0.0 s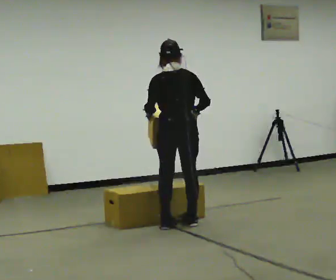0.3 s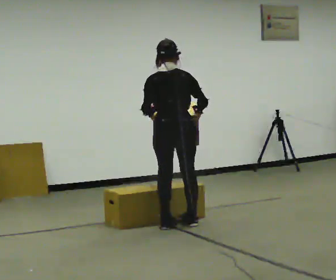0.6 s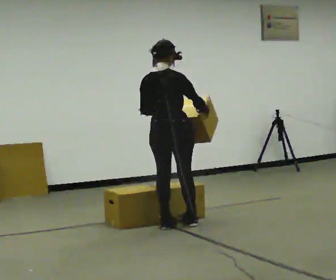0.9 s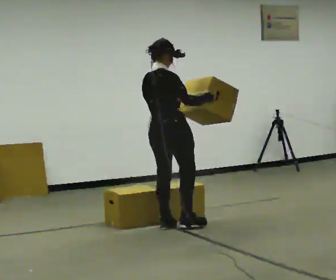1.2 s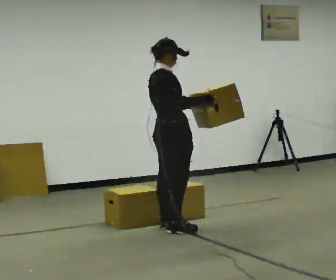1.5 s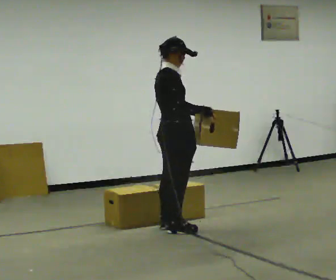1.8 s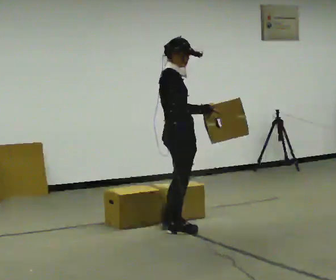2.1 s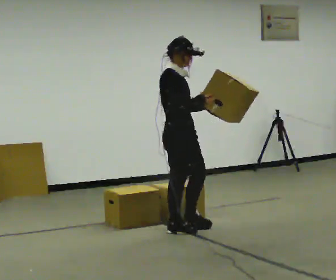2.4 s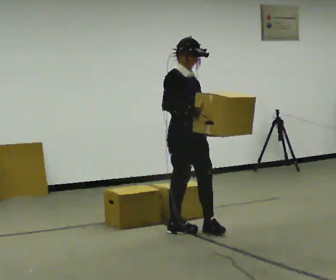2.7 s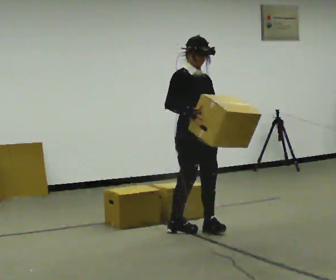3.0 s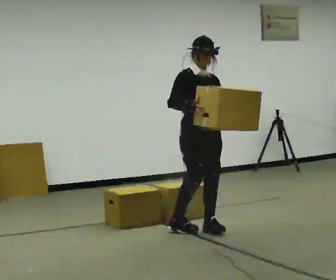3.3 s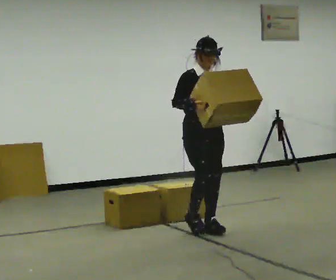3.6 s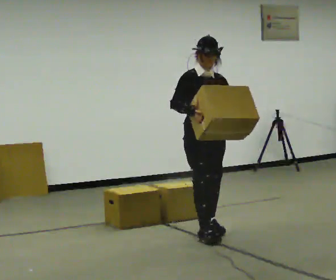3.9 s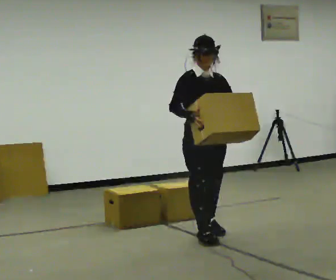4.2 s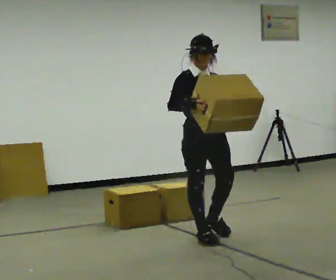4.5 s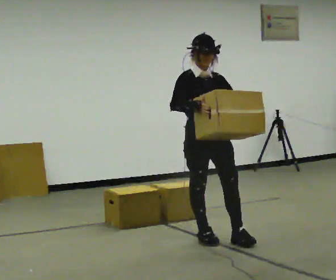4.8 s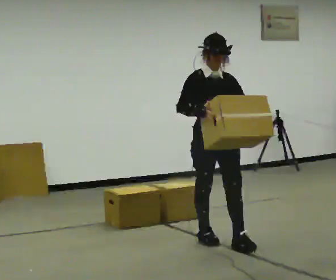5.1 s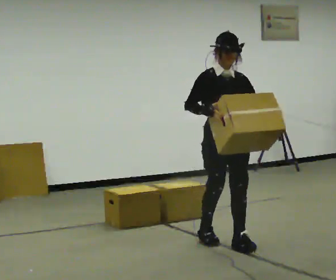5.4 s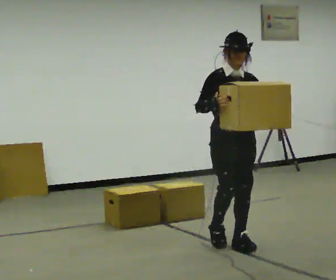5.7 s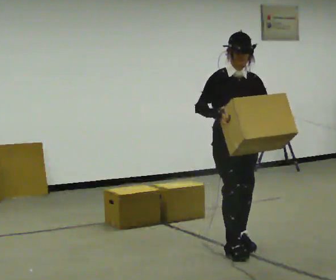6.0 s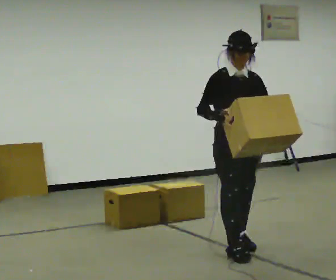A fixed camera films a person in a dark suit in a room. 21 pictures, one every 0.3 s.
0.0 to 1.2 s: Seen from above the body turns clockwise, about 75 degrees: to their right, with its near side sliding to the left.
1.2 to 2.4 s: Seen from above the body turns clockwise, about 60 degrees: to their right, with its near side sliding to the left.
2.4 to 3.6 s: The part of the body nearest the lens slides to the left as the person turns to their right by about 30 degrees.
3.6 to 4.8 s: In the picture they go toward the camera, about 0.25 m in 1 step, which for them is forward.
4.8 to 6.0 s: In the picture they go toward the camera, about 0.25 m in 1 step, which for them is forward.
The film runs forward here.
